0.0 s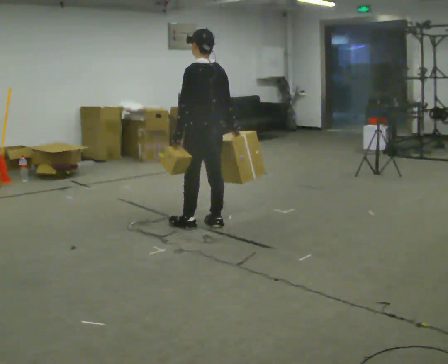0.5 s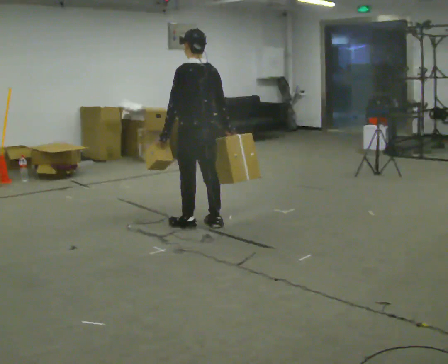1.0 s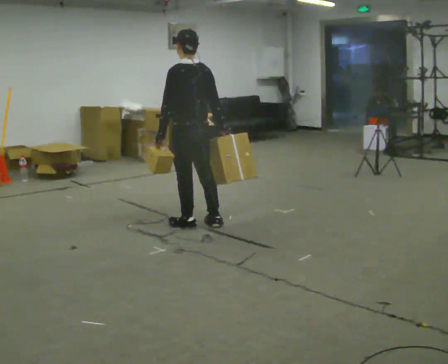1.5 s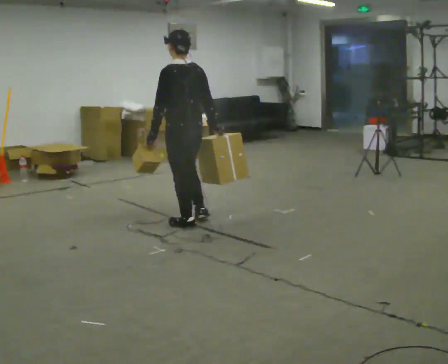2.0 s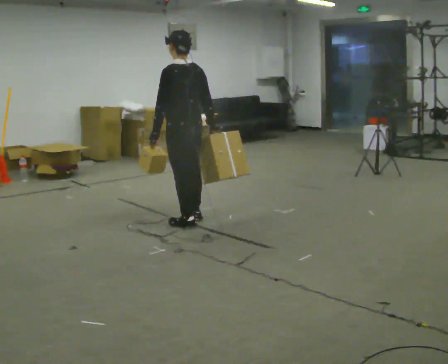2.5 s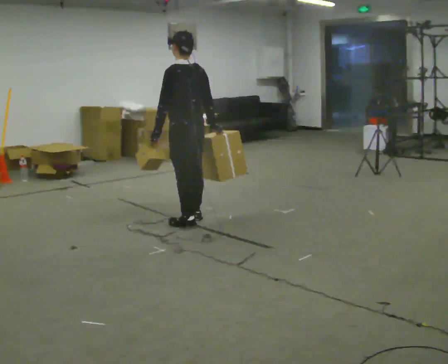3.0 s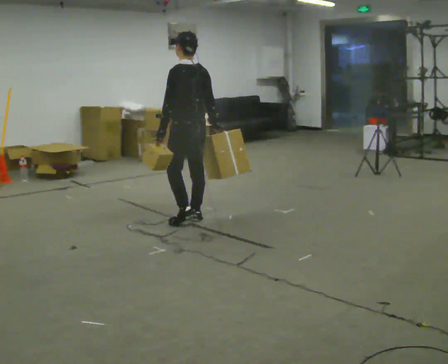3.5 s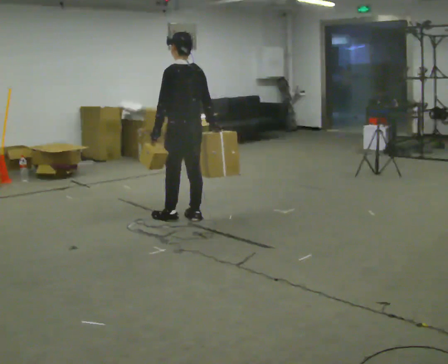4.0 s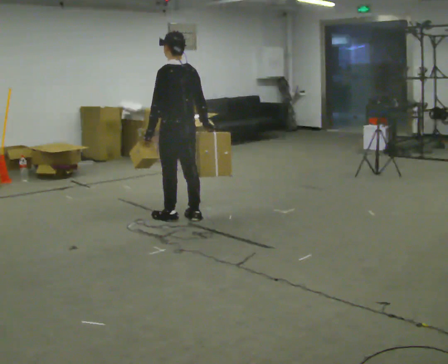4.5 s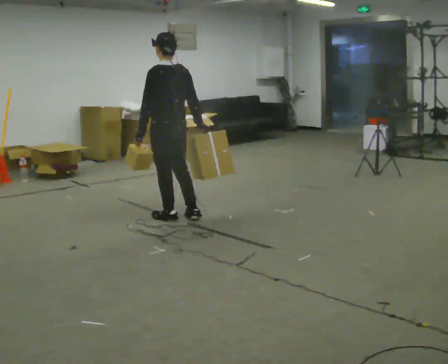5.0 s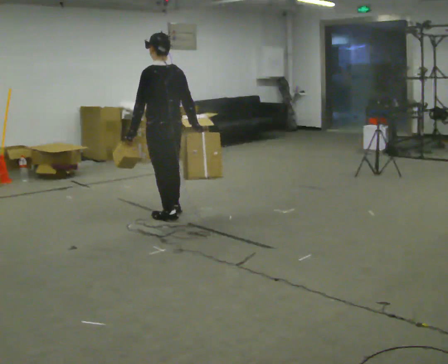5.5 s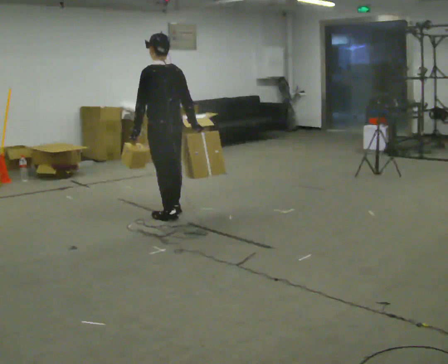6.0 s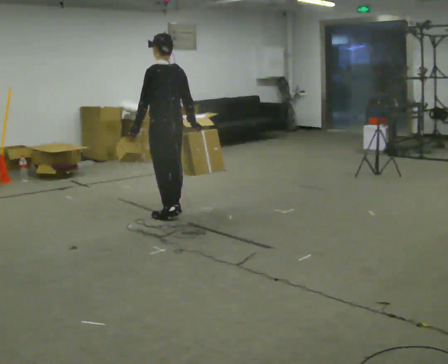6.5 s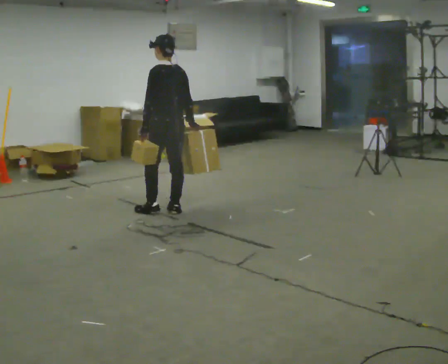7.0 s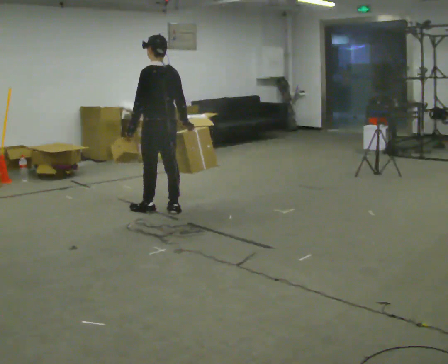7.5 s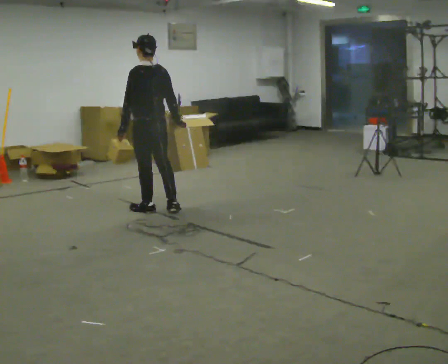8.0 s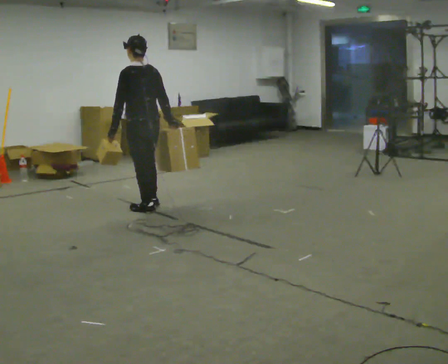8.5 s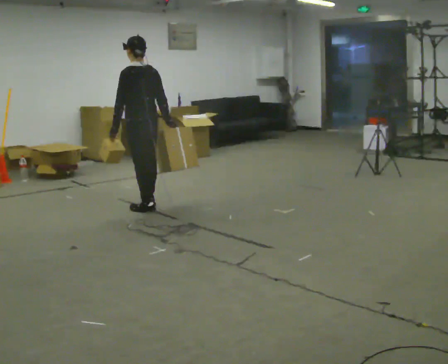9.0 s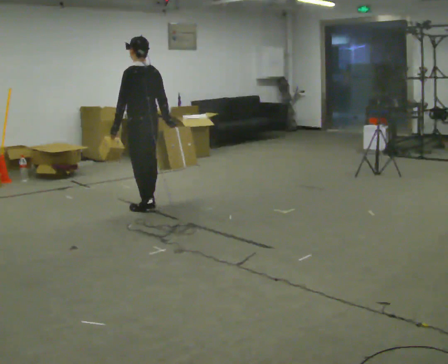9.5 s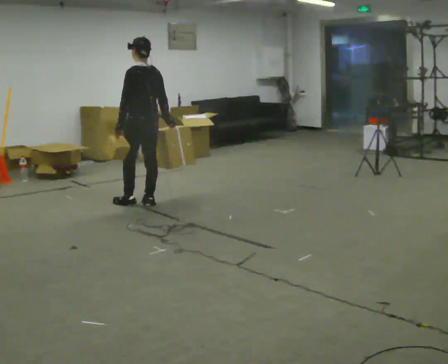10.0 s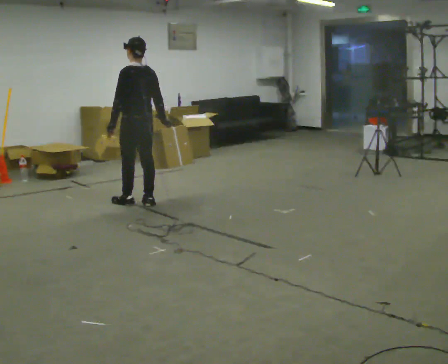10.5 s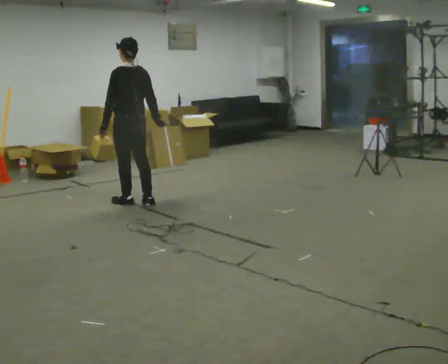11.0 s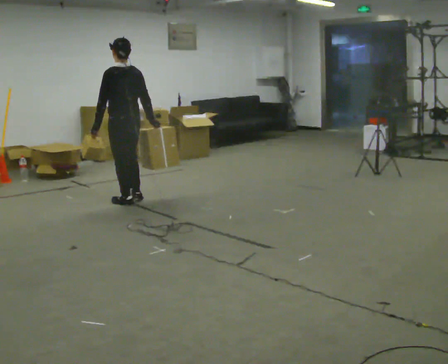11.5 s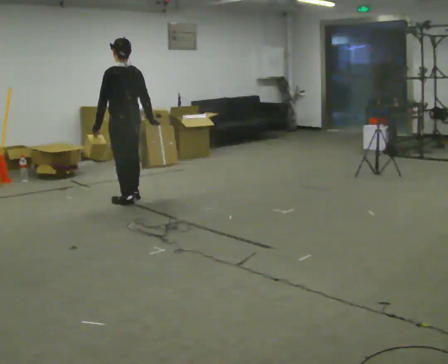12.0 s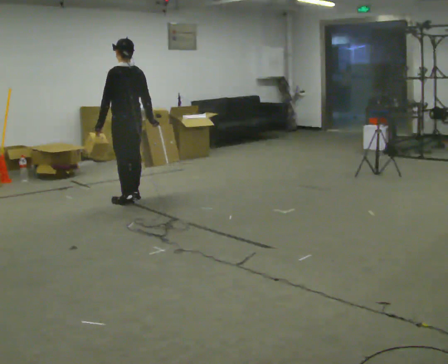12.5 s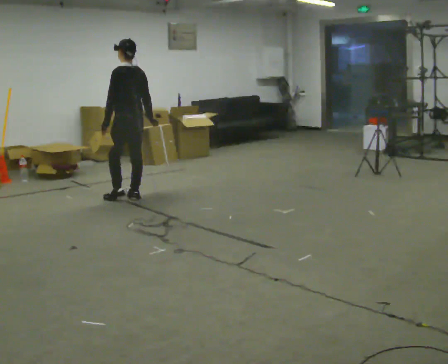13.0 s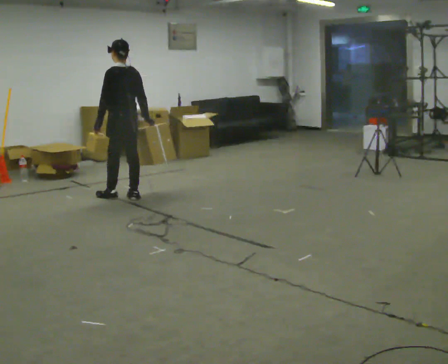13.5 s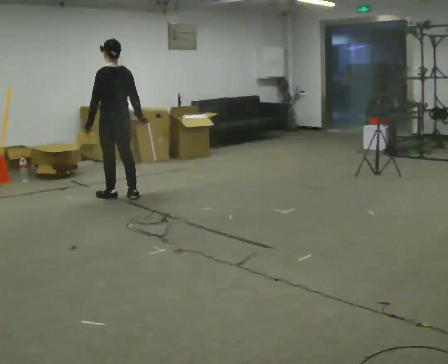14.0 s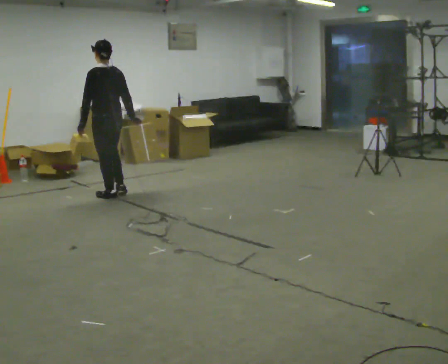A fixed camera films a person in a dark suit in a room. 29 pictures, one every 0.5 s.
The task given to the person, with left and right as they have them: Carry one object in each hand, the heavy one in the hand the operator calls, walking back and forth across the room.
0.0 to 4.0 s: In the picture they go away from the camera and to the left, about 0.25 m in 2 steps, which for them is forward.
4.0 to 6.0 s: In the picture they go away from the camera, about 0.25 m in 1 step, which for them is forward.
6.0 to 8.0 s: In the picture they go to the left, about 0.25 m in 1 step, which for them is forward.
8.0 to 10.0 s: In the picture they go away from the camera, about 0.25 m in 2 steps, which for them is forward and to their right.
10.0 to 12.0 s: In the picture they go away from the camera, about 0.25 m in 1 step, which for them is forward.
12.0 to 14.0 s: In the picture they go to the left, about 0.25 m in 1 step, which for them is forward.
The film runs forward here.
